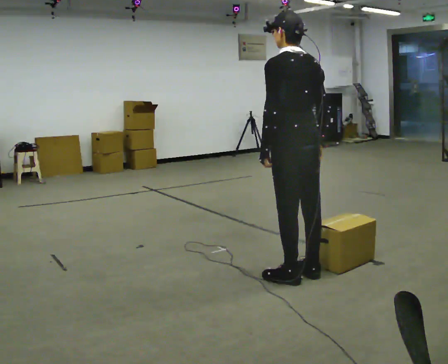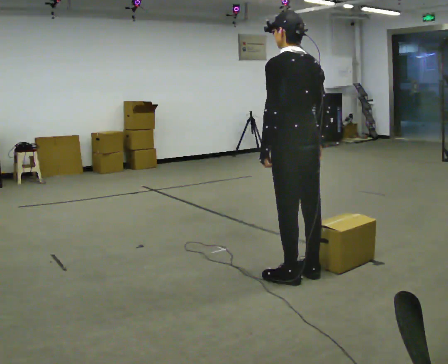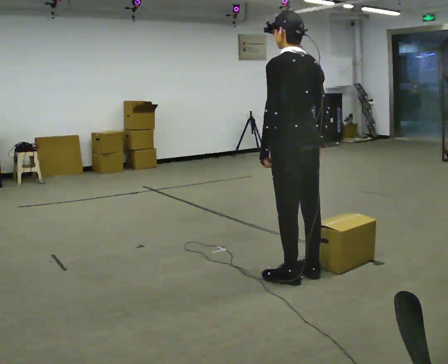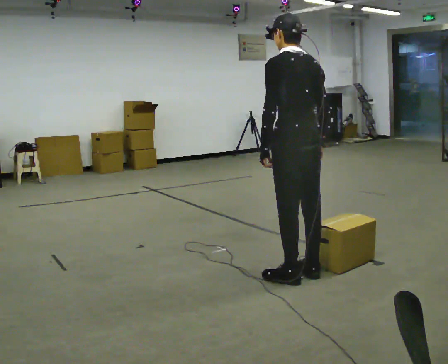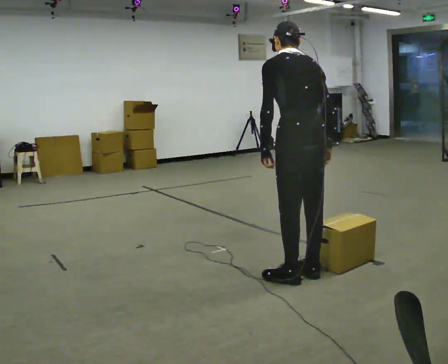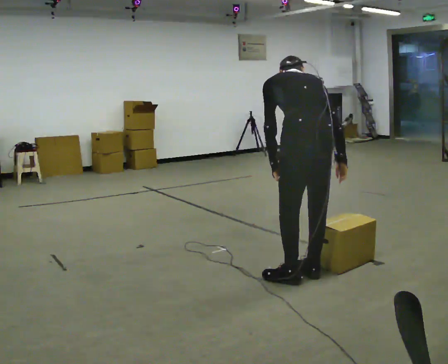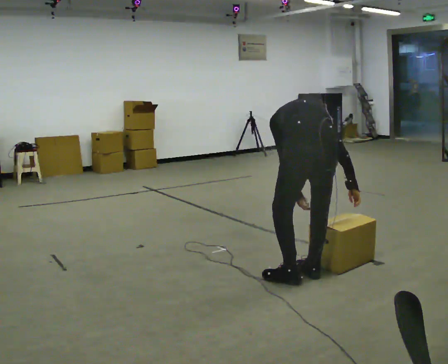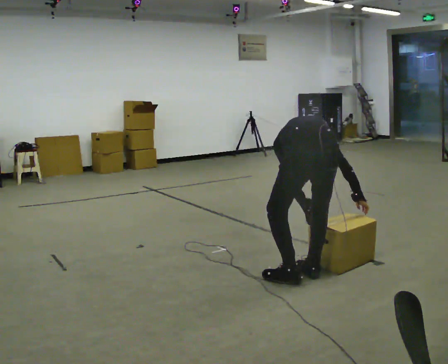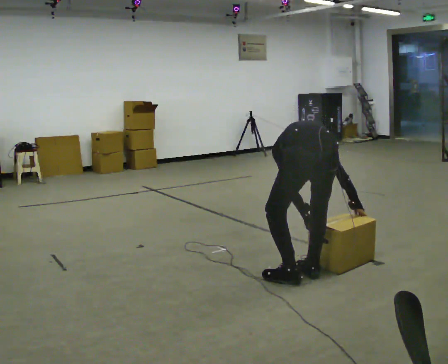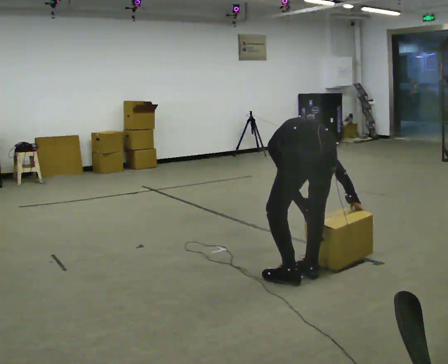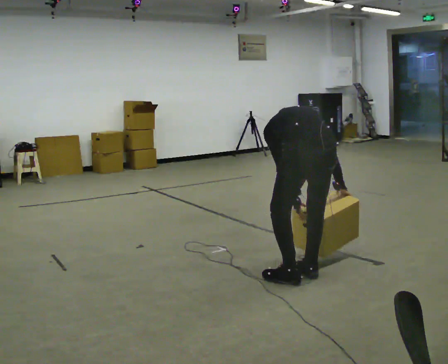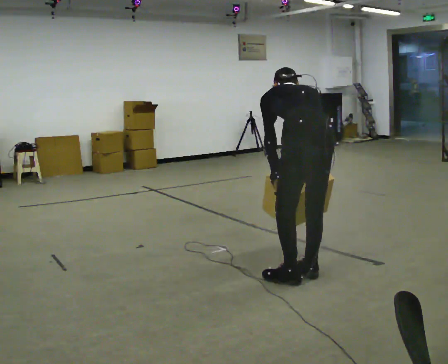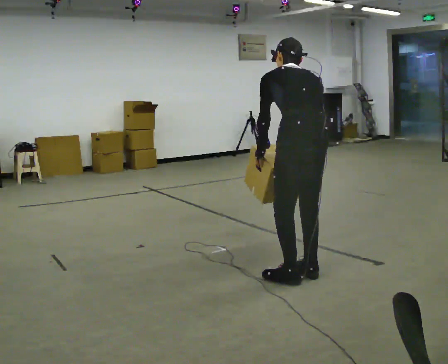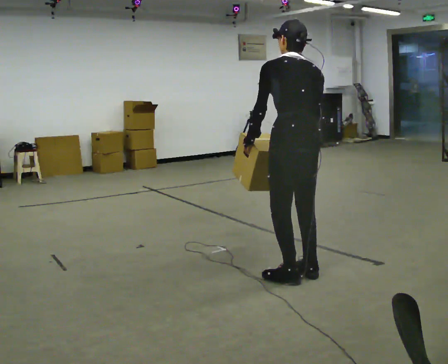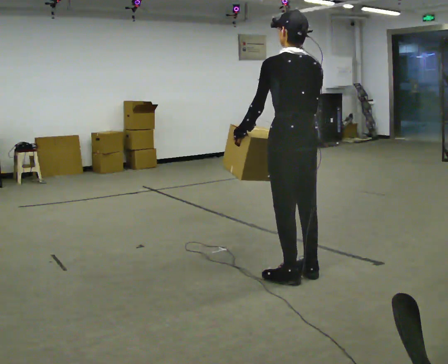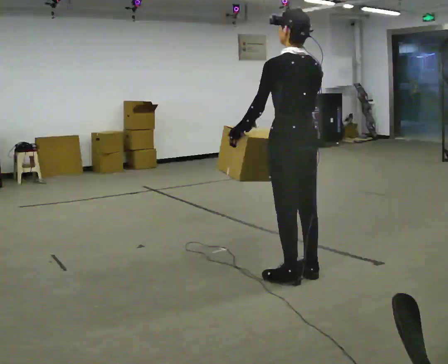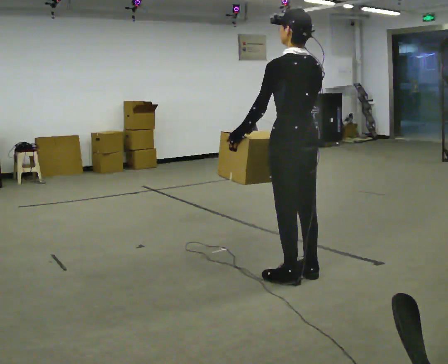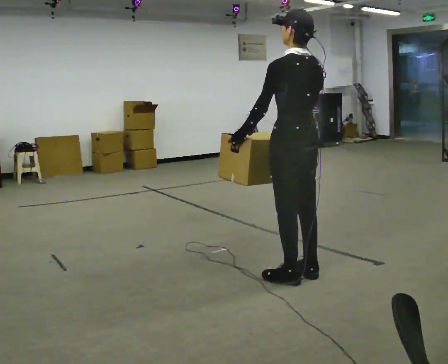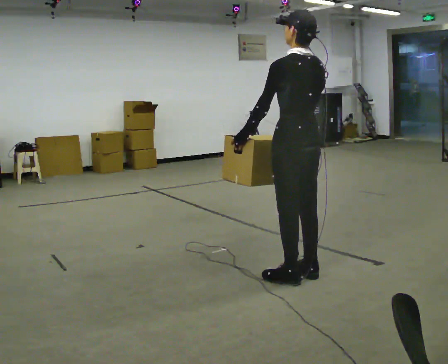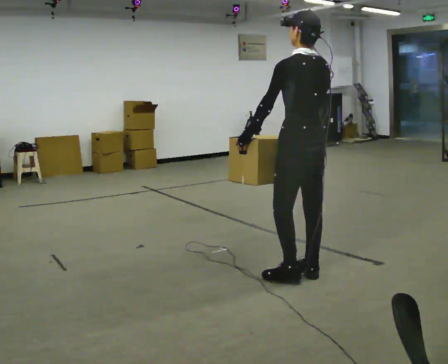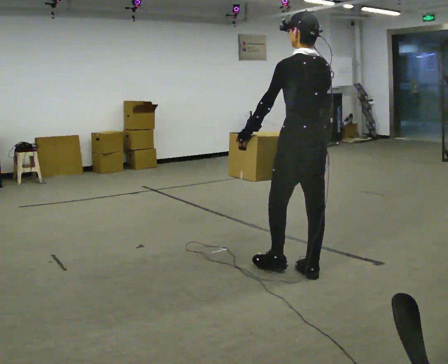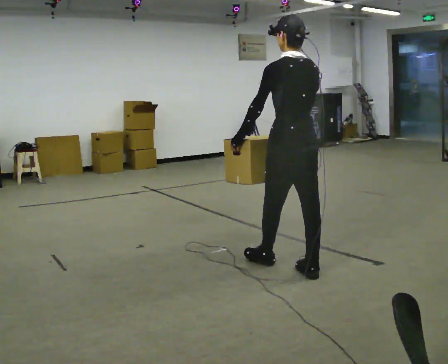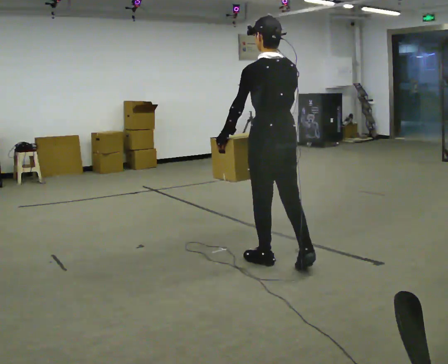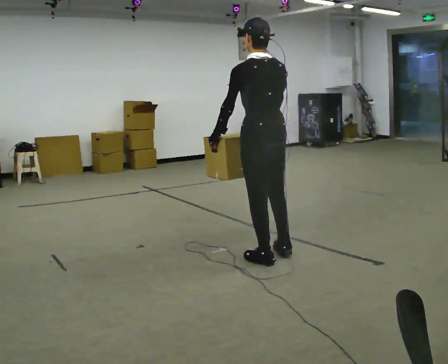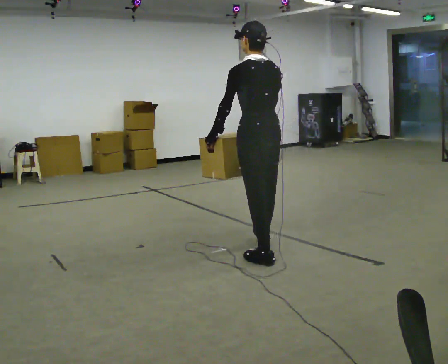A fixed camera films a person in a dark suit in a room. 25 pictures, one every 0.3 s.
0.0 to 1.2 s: The person moves a little, or ends about where they began.
1.2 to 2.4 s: The part of the body nearest the lens slides to the left as the person turns to their right by about 30 degrees. The upper body goes downward. The upper body tips away from the camera, its near side rolling upward, as they bend forward. In the picture their left hand goes downward.
2.4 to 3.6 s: The upper body goes upward. The upper body tips toward the camera, its near side rolling downward, as they lean back or straighten. In the picture their right hand goes upward and to the left.
3.6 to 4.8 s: The upper body tips toward the camera, its near side rolling downward, as they lean back or straighten.
4.8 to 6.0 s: The person moves a little, or ends about where they began.
6.0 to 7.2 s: In the picture they go away from the camera and to the left, about 0.5 m in 1 step, which for them is forward.
The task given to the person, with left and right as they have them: Carry the box across the room much more slowly and carefully than normal, back and forth.
The film runs forward here.
